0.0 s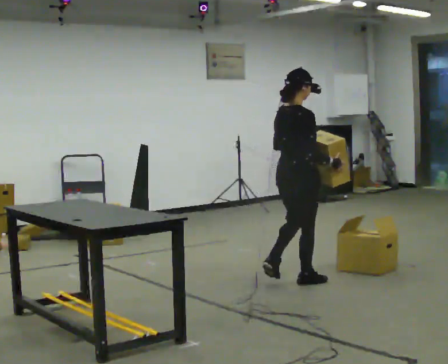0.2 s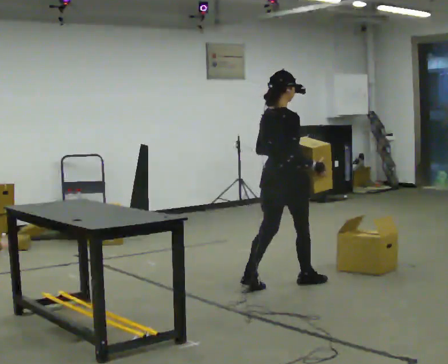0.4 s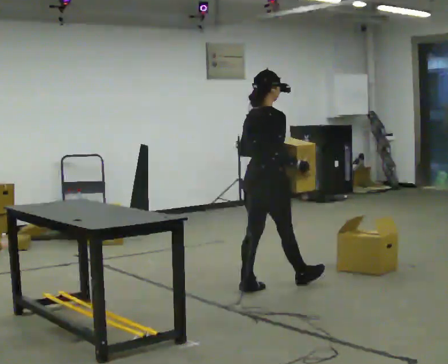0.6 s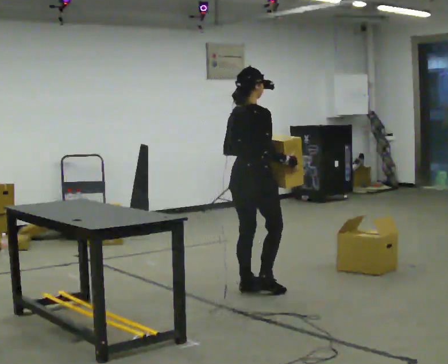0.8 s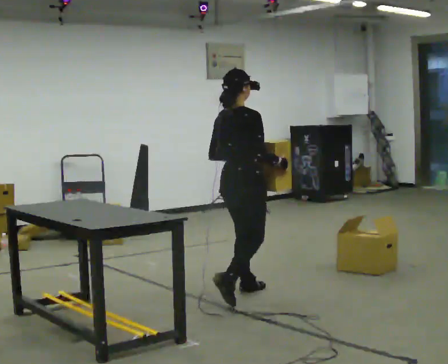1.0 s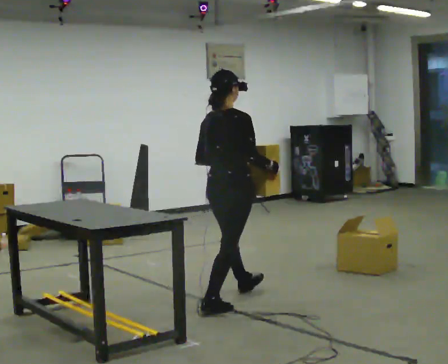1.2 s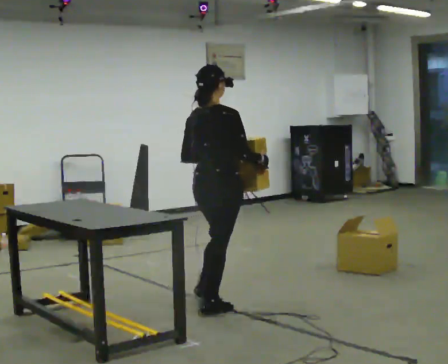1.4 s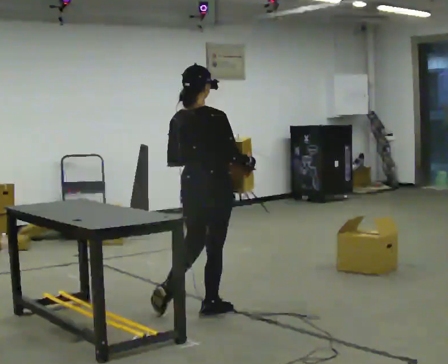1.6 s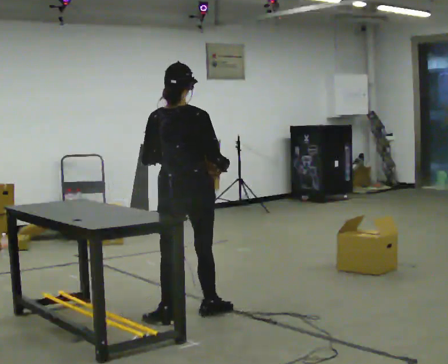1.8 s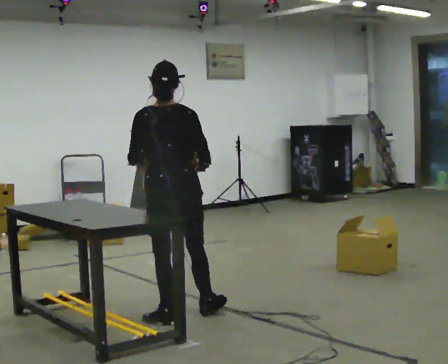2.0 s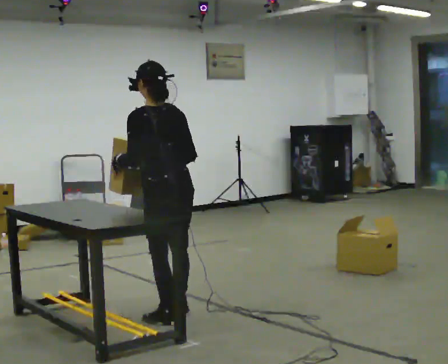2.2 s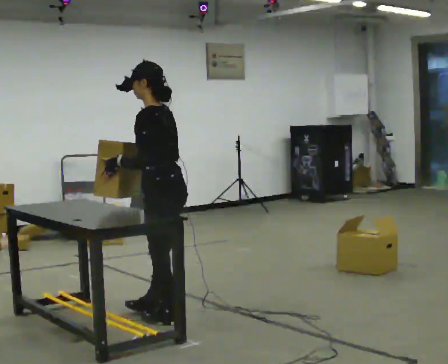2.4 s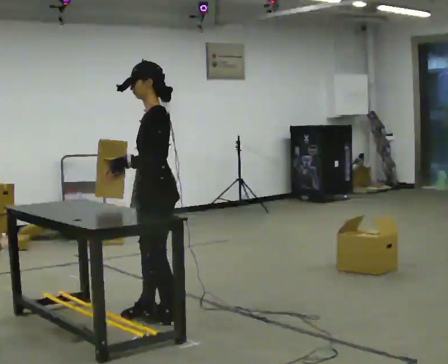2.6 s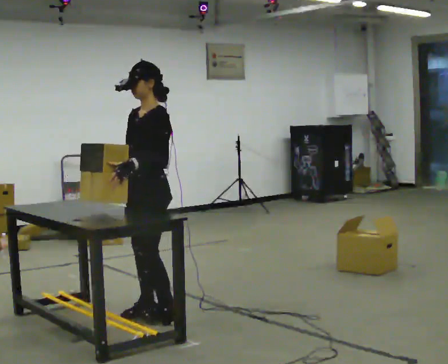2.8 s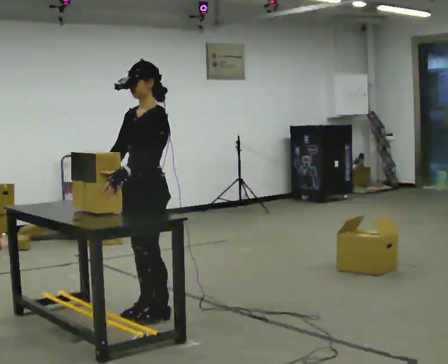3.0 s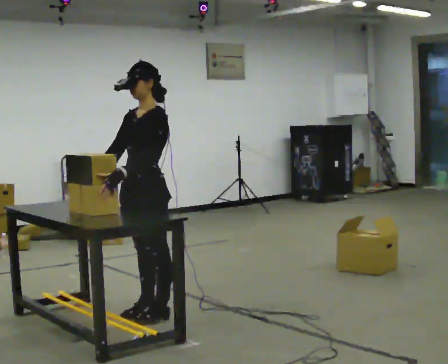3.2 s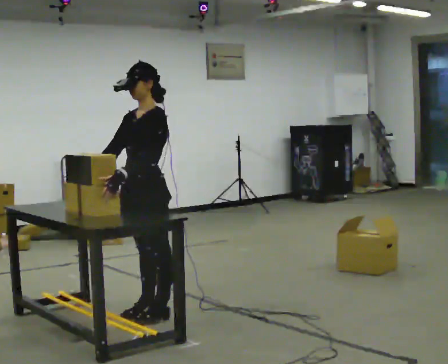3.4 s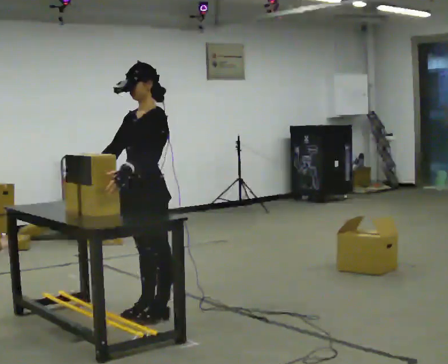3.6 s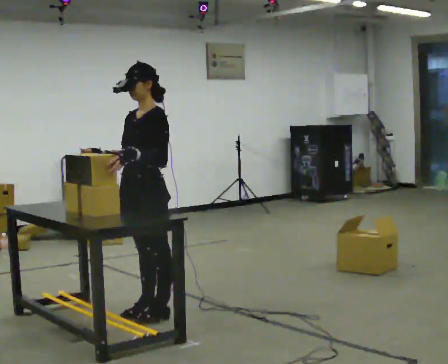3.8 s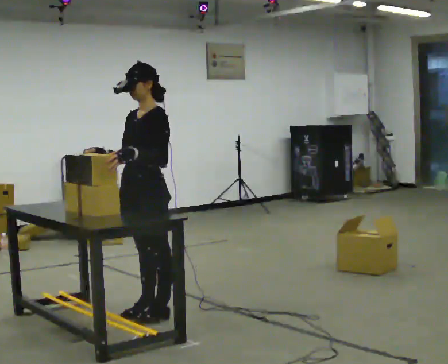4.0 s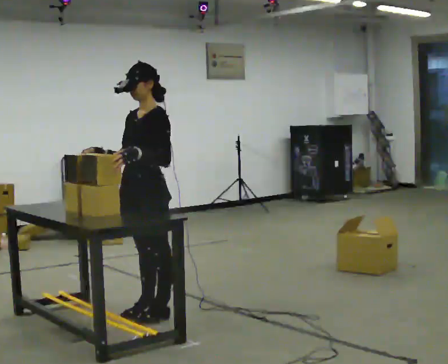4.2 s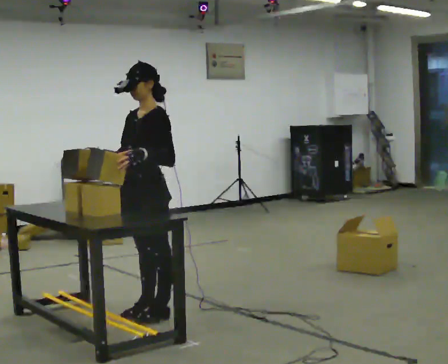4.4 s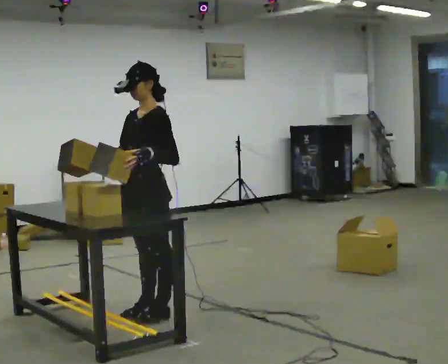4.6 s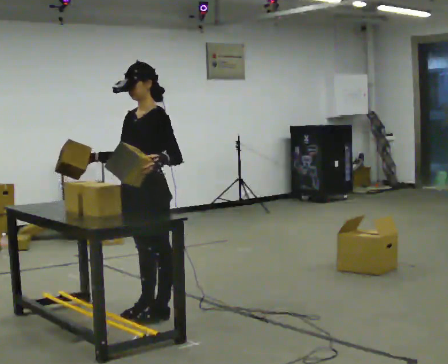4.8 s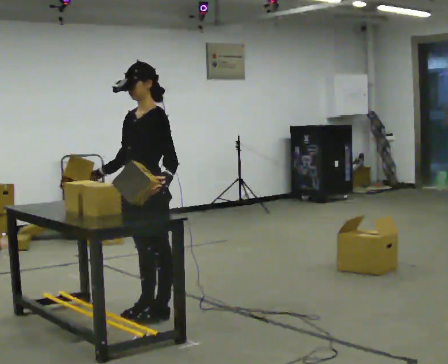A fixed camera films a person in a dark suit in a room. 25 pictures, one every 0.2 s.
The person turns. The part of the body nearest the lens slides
to the right.
The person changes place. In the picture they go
to the left.
0.0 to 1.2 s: In the picture they go to the left and toward the camera, about 1 m in 2 steps, which for them is backward.
1.2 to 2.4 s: The part of the body nearest the lens slides to the right as the person turns to their left by about 120 degrees. In the picture they go to the left and toward the camera, about 0.5 m in 1 step.
2.4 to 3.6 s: Seen from above the body turns counterclockwise, about 45 degrees: to their left, with its near side sliding to the right.
3.6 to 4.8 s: The person moves a little, or ends about where they began.
The film runs backward here.
